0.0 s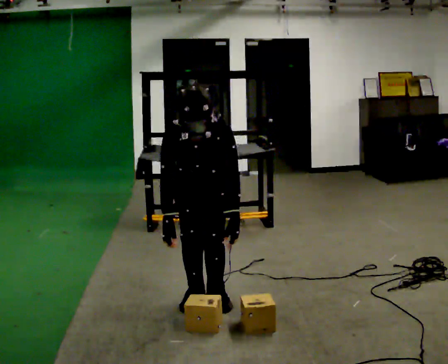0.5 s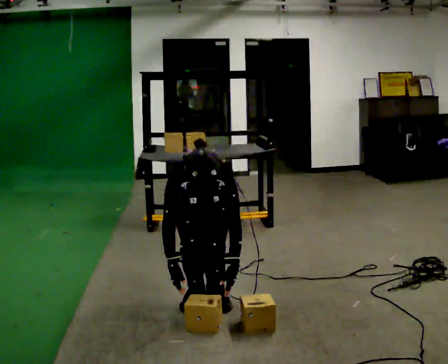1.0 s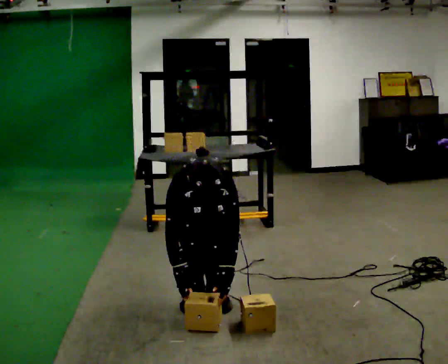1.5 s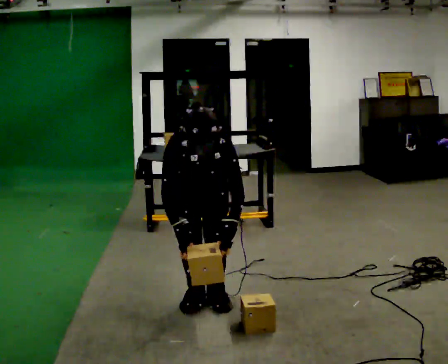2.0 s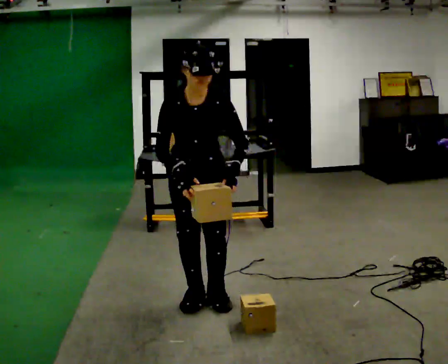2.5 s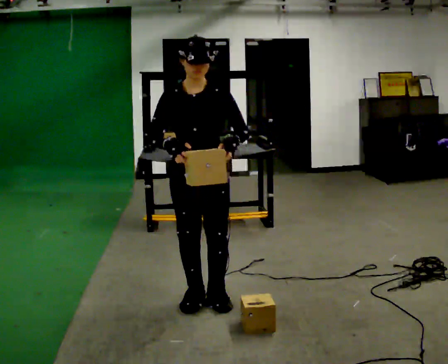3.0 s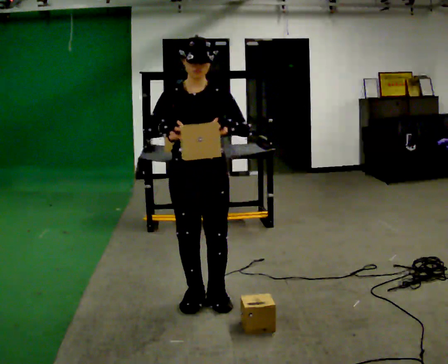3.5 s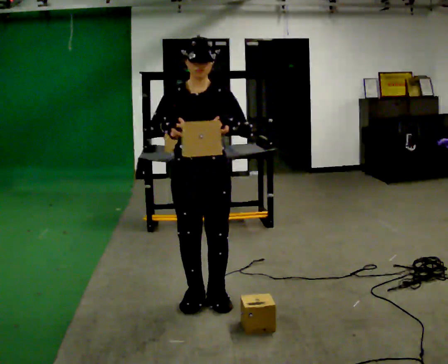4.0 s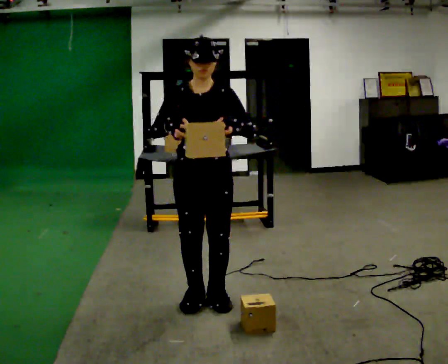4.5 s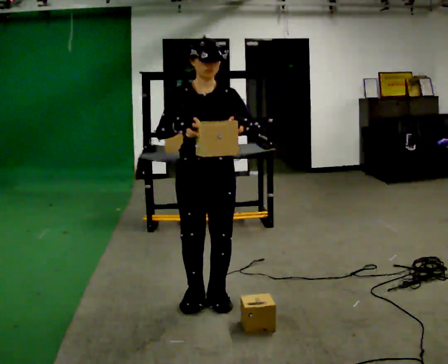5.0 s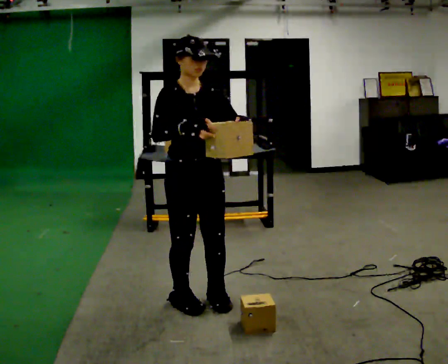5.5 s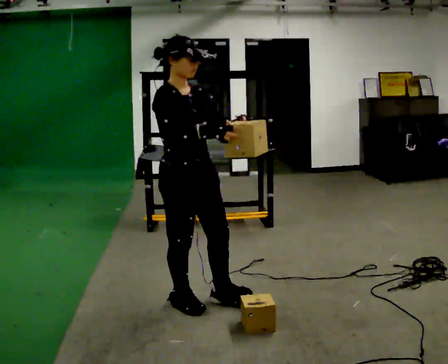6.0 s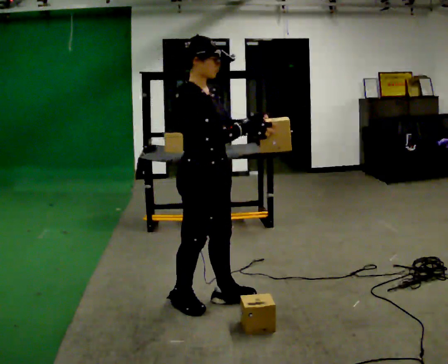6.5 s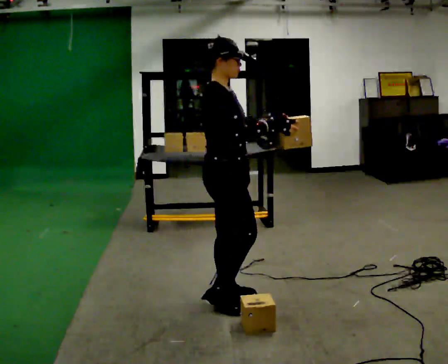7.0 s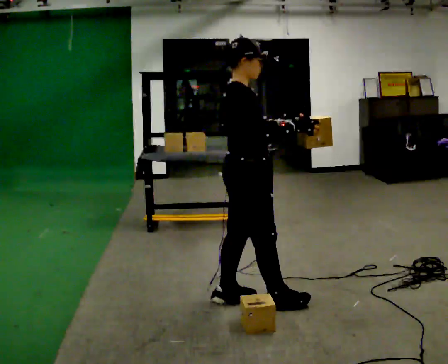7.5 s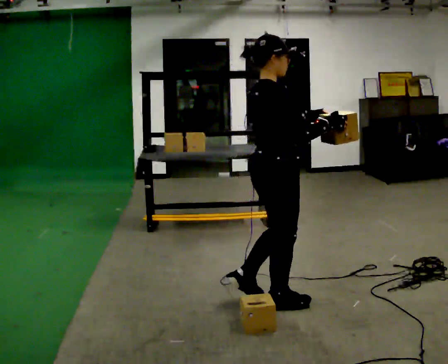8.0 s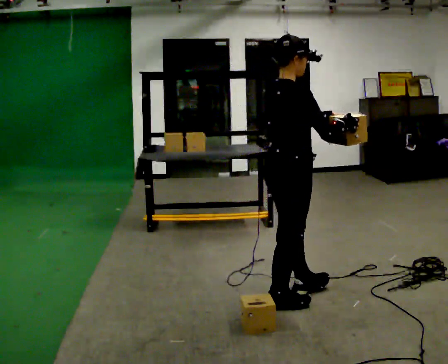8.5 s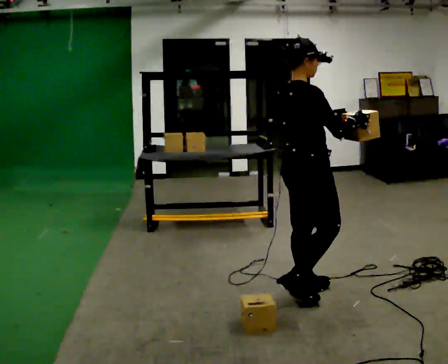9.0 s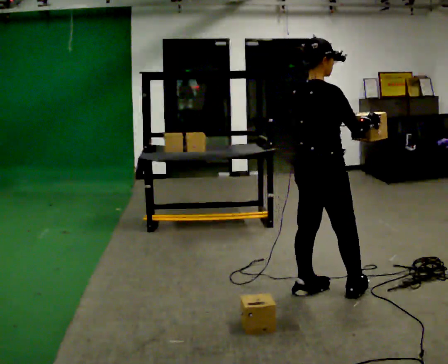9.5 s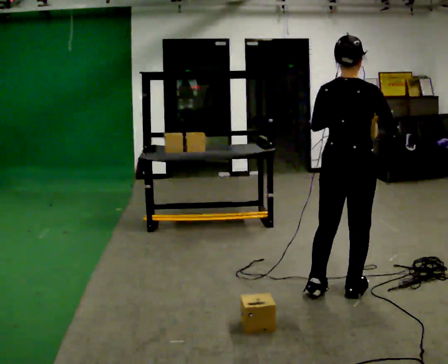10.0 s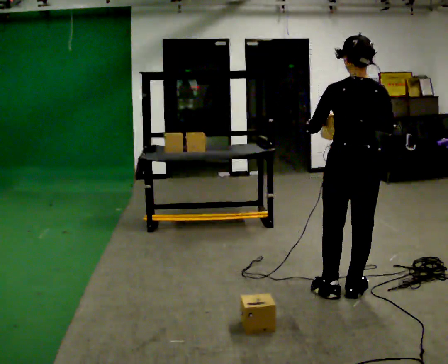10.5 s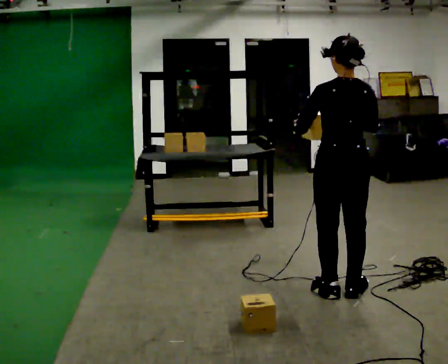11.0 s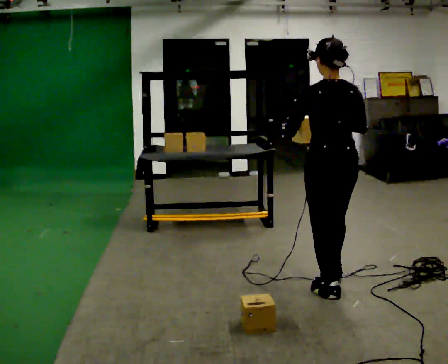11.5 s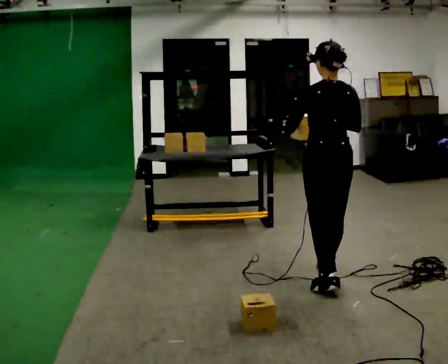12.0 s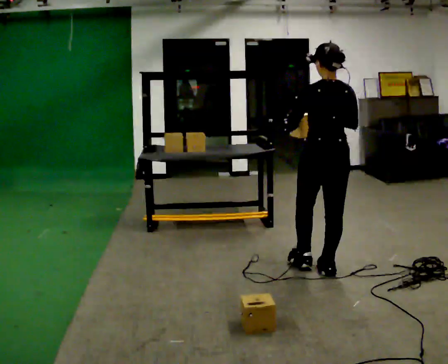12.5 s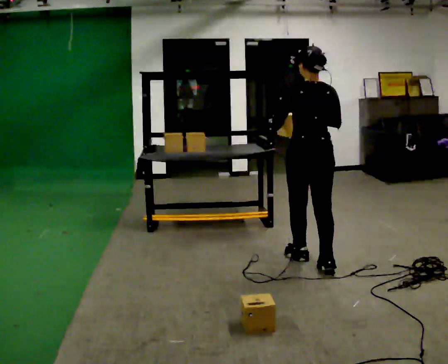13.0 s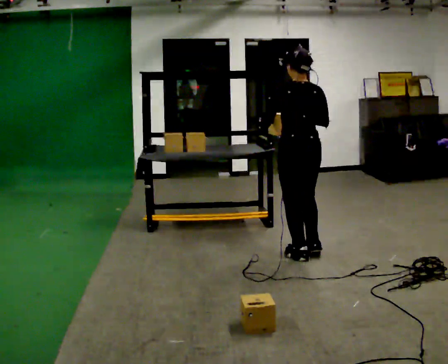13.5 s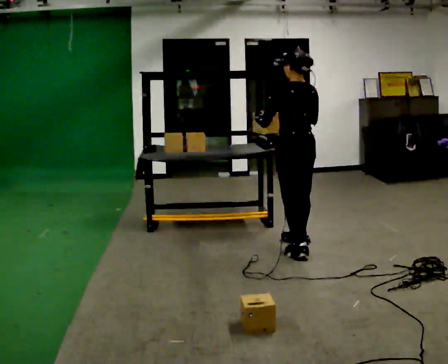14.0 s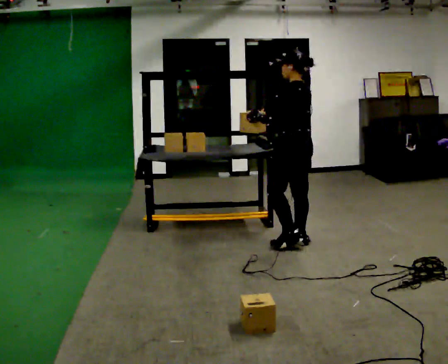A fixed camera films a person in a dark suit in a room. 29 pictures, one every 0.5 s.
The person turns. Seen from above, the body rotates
counterclockwise.
The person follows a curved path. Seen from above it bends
counterclockwise.
0.0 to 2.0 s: The person moves a little, or ends about where they began.
2.0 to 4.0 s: The upper body tips away from the camera, its near side rolling upward, as they lean back or straighten.
4.0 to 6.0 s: The part of the body nearest the lens slides to the right as the person turns to their left by about 75 degrees. In the picture their right hand goes to the right.
6.0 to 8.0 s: The part of the body nearest the lens slides to the right as the person turns to their left by about 30 degrees. In the picture they go to the right, about 0.5 m in 2 steps, which for them is forward.
8.0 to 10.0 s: The part of the body nearest the lens slides to the right as the person turns to their left by about 75 degrees. In the picture they go to the right, about 0.5 m in 2 steps.
10.0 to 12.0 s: In the picture they go away from the camera, about 0.5 m in 1 step, which for them is forward.
12.0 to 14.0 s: Seen from above the body turns counterclockwise, about 45 degrees: to their left, with its near side sliding to the right. In the picture they go away from the camera, about 0.75 m in 2 steps, which for them is forward.
The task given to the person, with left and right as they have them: Carry the box over and put it on the shelf with the label facing out towards you. Get the orientation right, not just the position. Keep going until the operator says stop; one object at a time, and do not rush between trips.
The film runs forward here.
